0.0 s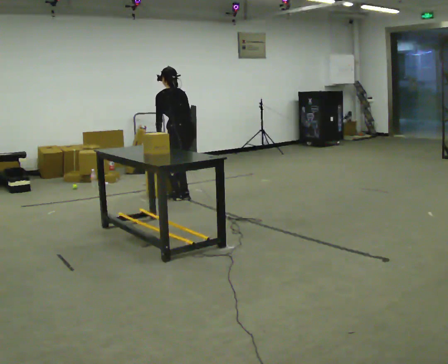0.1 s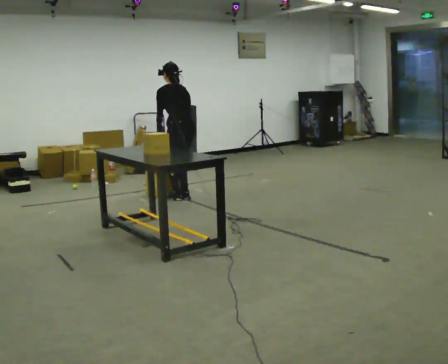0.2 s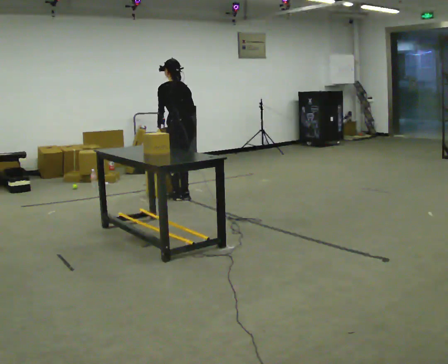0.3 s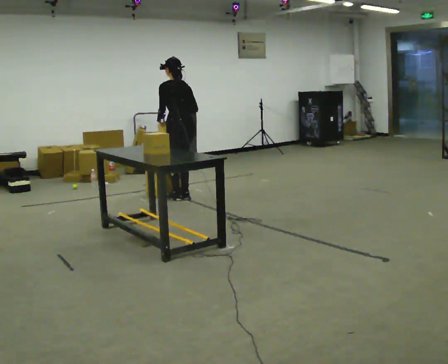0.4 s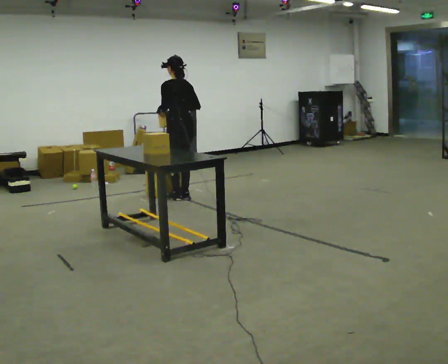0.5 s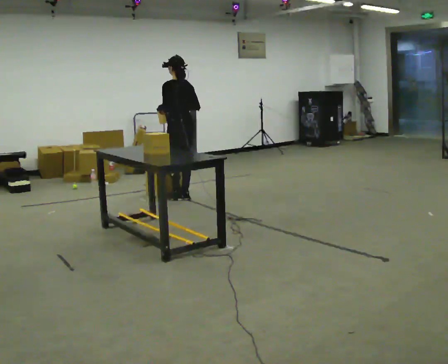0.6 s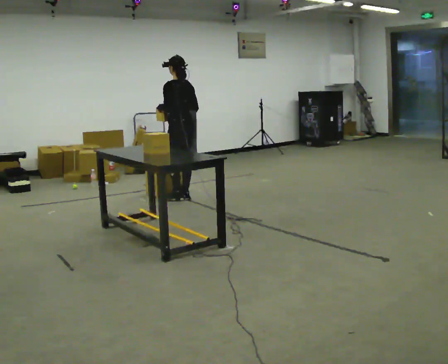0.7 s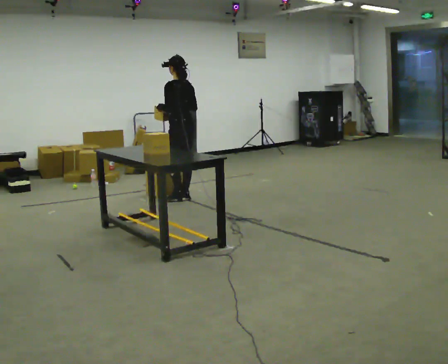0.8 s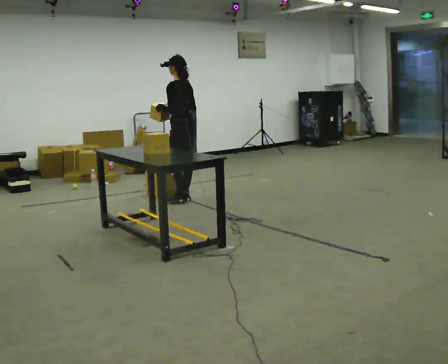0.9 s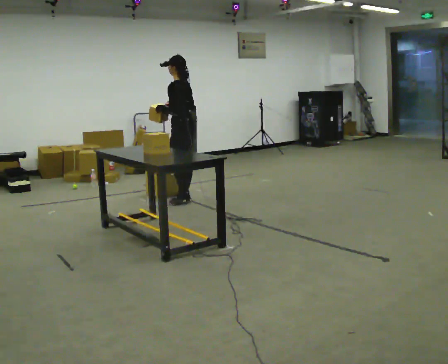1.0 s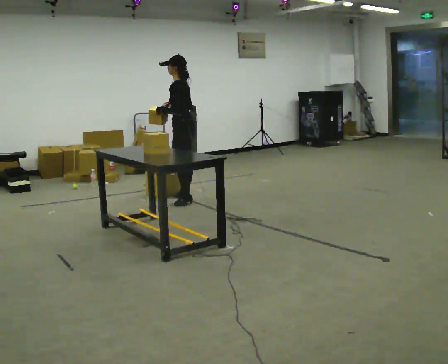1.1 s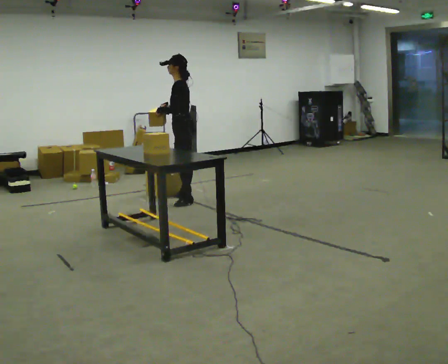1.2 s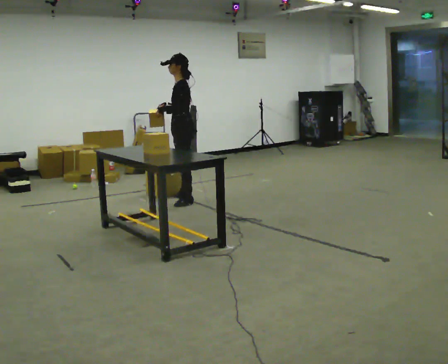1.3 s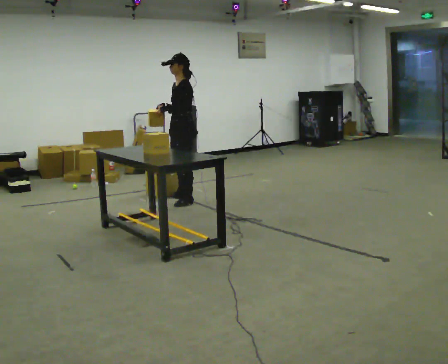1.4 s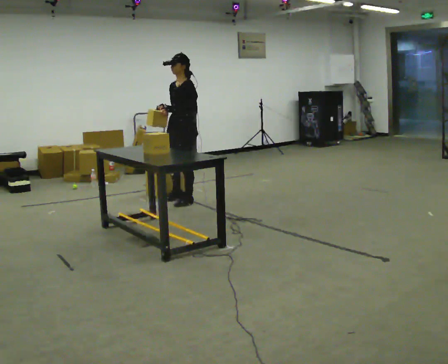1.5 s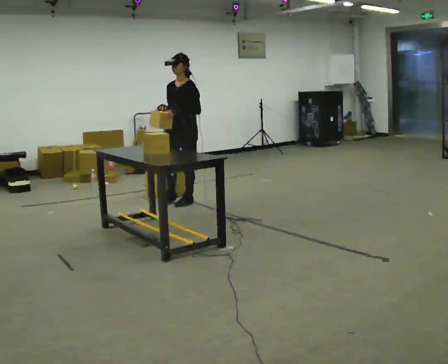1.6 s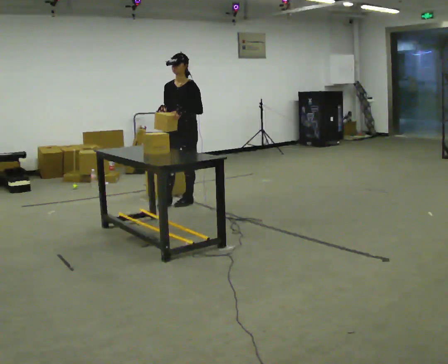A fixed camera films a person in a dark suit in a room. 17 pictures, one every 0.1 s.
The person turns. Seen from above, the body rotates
counterclockwise.
The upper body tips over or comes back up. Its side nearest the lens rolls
downward.
0.0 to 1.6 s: Seen from above the body turns counterclockwise, about 120 degrees: to their left, with its near side sliding to the right. In the picture they go toward the camera, about 0.25 m. The upper body tips toward the camera, its near side rolling downward, as they lean back or straighten. In the picture their right hand goes upward.
The film runs forward here.
